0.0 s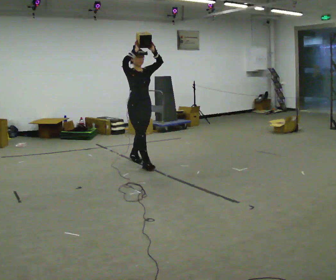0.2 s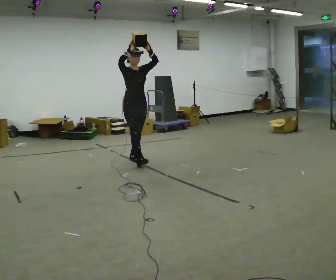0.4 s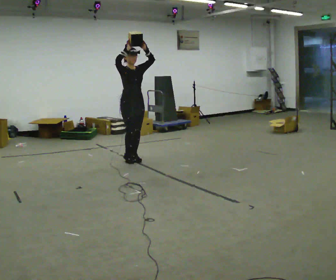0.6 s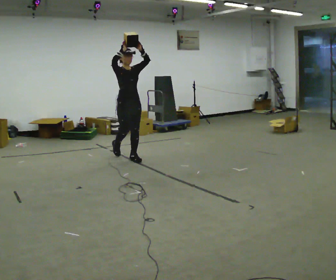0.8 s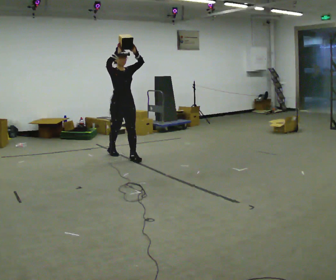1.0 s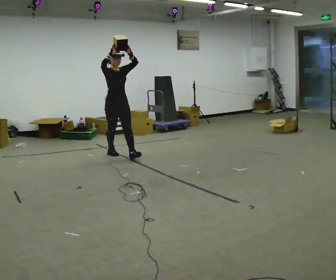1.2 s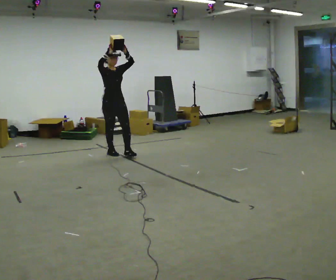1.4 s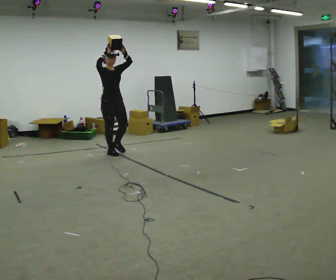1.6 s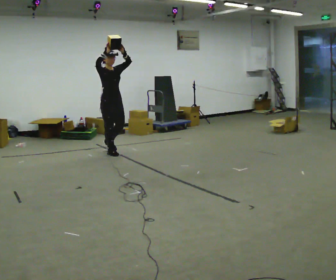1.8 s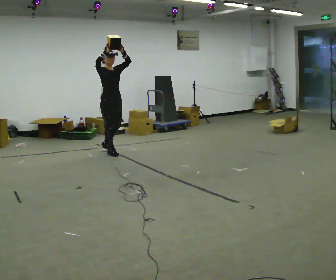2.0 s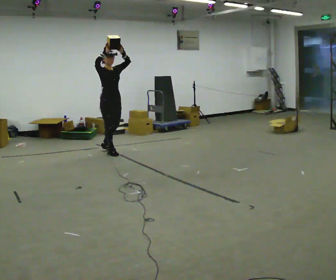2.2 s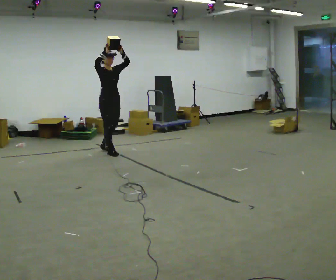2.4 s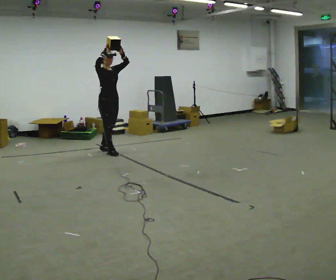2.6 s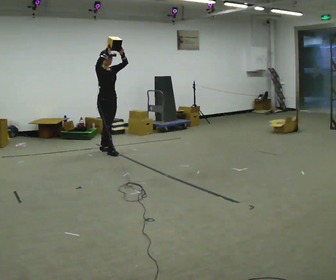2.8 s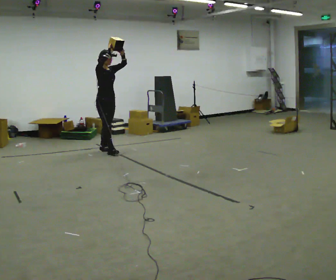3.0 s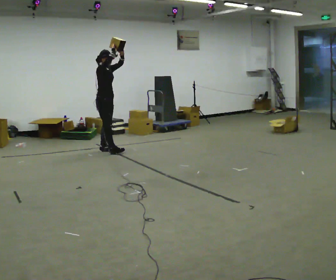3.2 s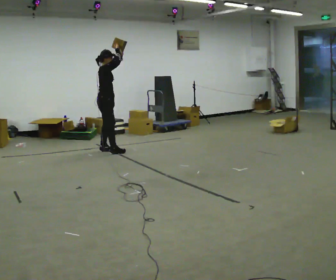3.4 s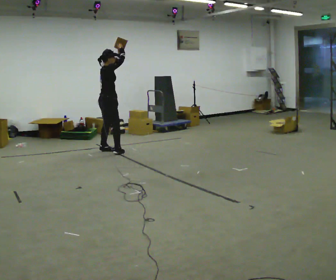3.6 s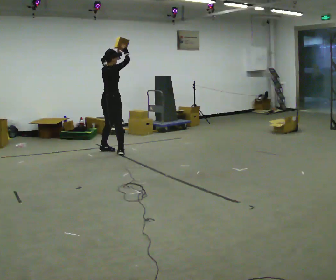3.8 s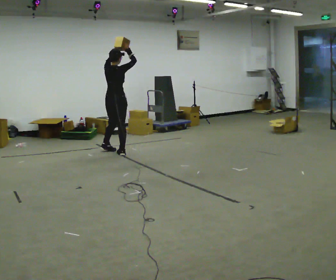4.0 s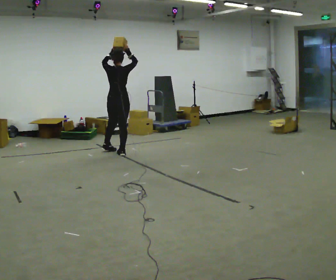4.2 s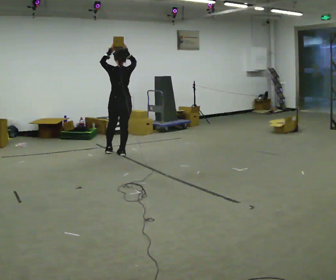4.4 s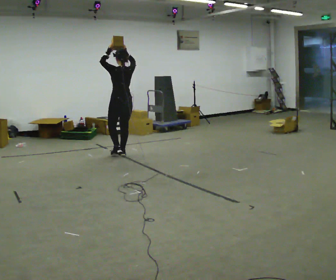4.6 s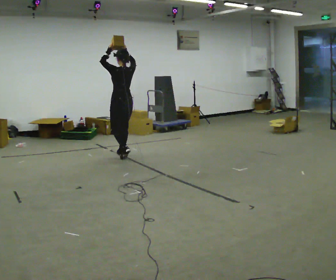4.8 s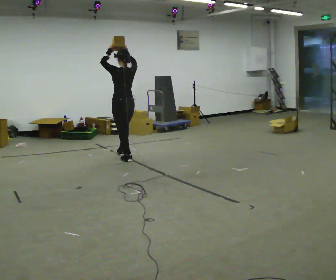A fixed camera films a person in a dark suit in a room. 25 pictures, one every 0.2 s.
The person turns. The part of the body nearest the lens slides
to the right.
The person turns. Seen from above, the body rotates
counterclockwise.
0.0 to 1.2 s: In the picture they go away from the camera and to the left, about 0.75 m in 2 steps, which for them is backward.
1.2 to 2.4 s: In the picture they go away from the camera, about 0.25 m, which for them is backward.
2.4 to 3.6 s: The person turns about 75 degrees to their left, counterclockwise seen from above, so the part of the body nearest the lens slides to the right.
3.6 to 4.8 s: The part of the body nearest the lens slides to the right as the person turns to their left by about 90 degrees. In the picture they go toward the camera and to the right, about 0.5 m in 1 step.
The film runs backward here.
